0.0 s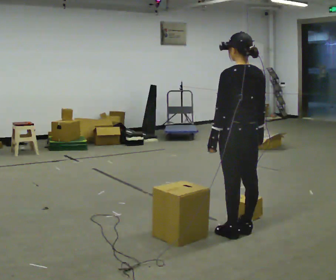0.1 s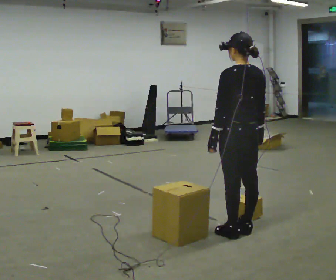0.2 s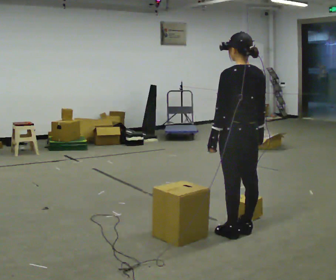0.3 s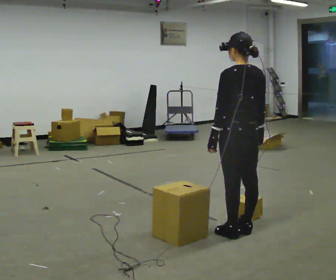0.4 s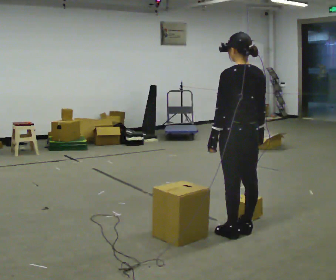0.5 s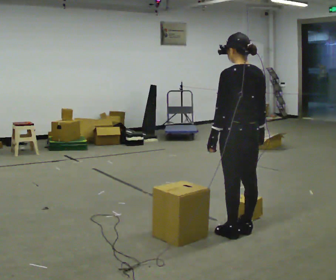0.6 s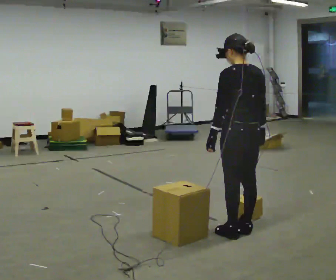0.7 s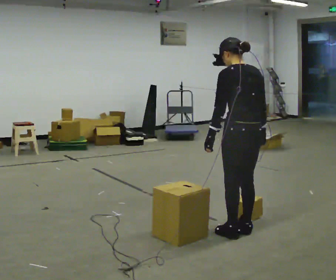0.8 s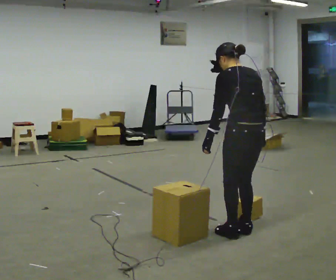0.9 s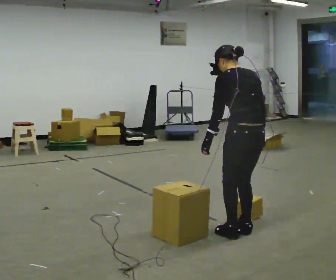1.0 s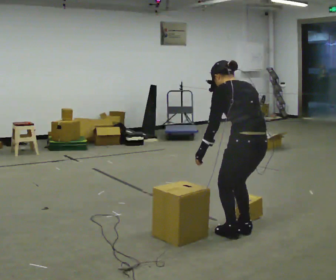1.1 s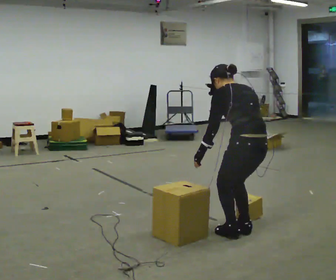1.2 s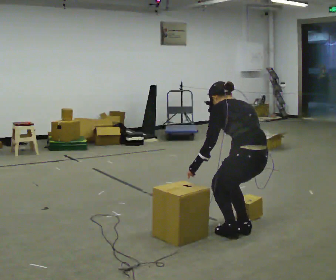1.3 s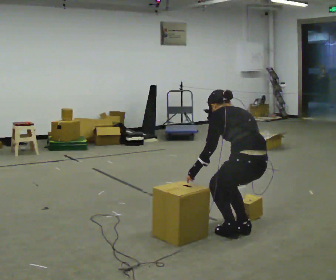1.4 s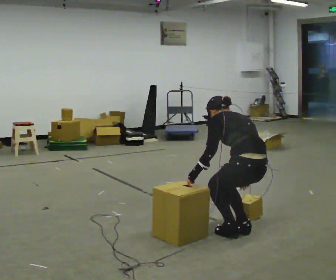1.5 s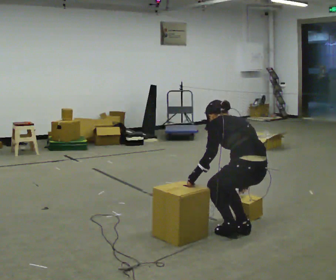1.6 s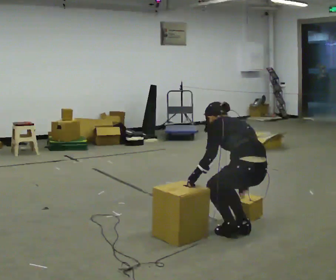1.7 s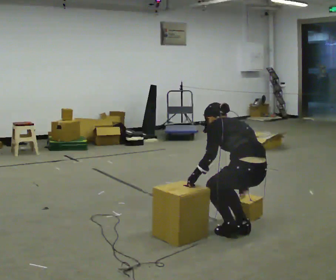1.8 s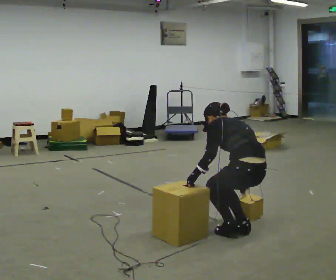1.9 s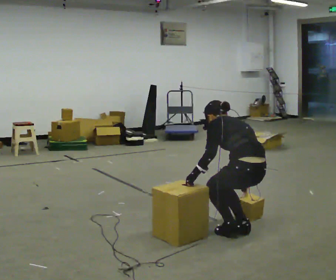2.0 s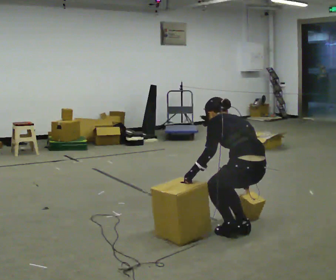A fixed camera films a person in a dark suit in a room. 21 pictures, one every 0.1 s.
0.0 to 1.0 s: The shoulders move downward. The upper body tips away from the camera, its near side rolling upward, as they bend forward.
1.0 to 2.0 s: The shoulders move downward.
The film runs forward here.
